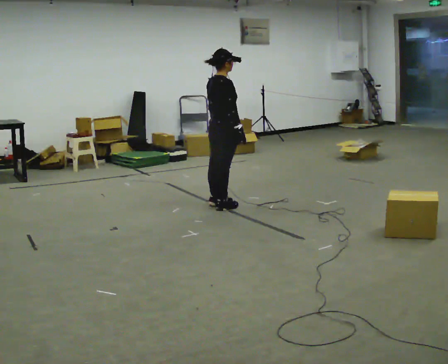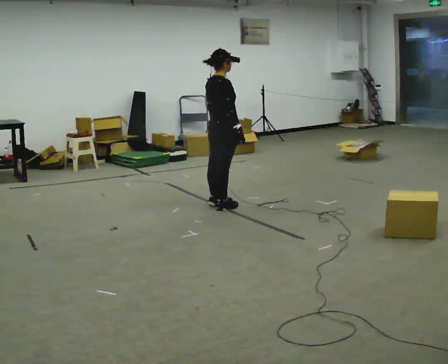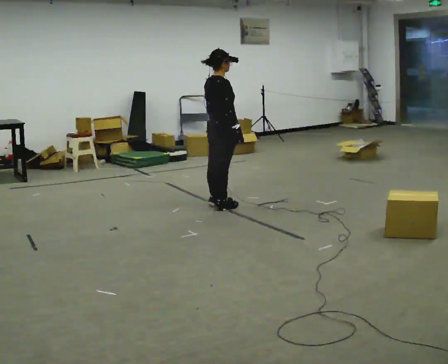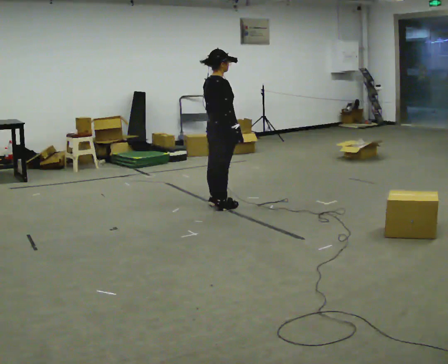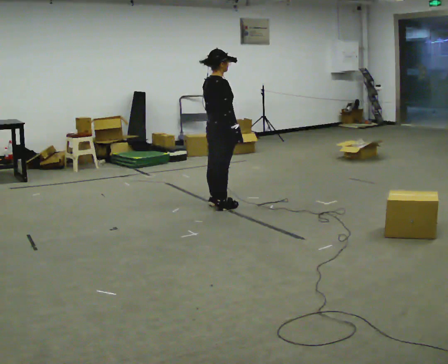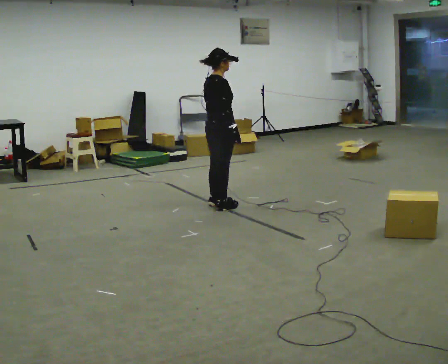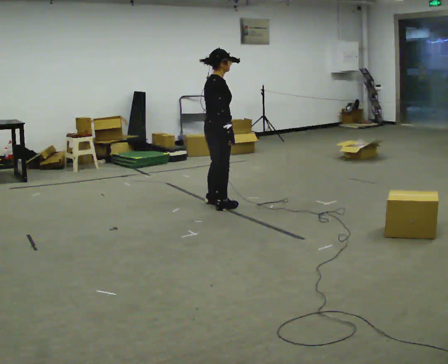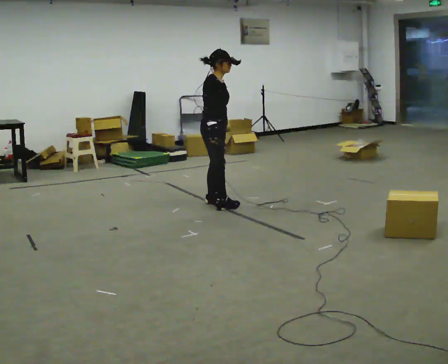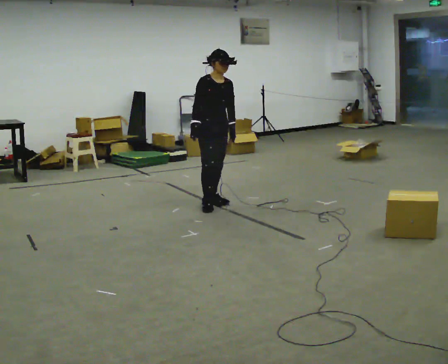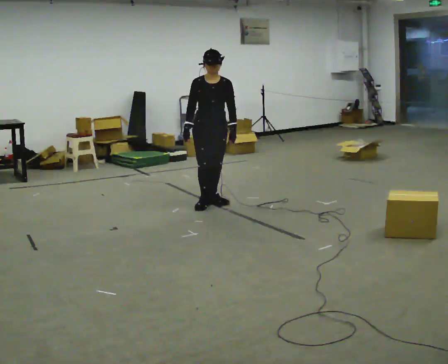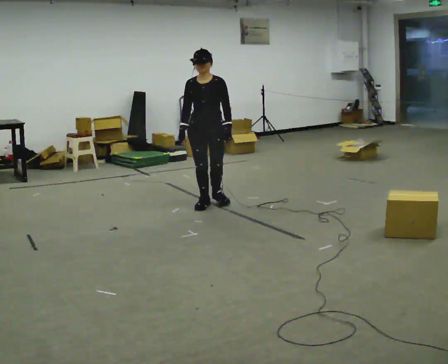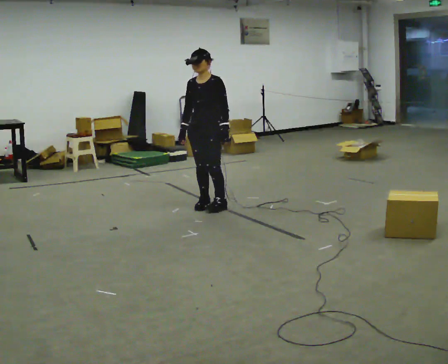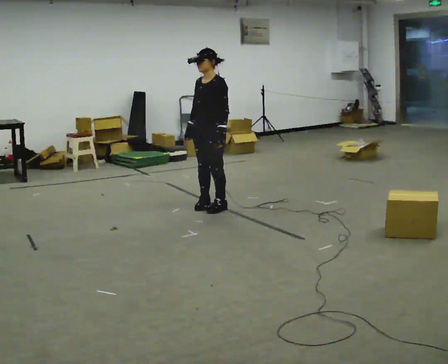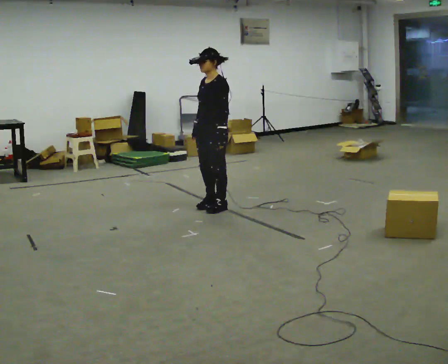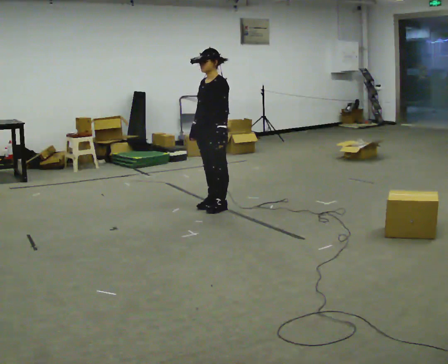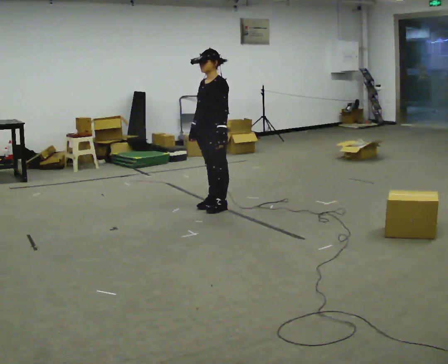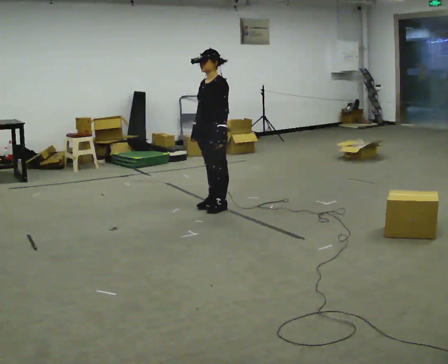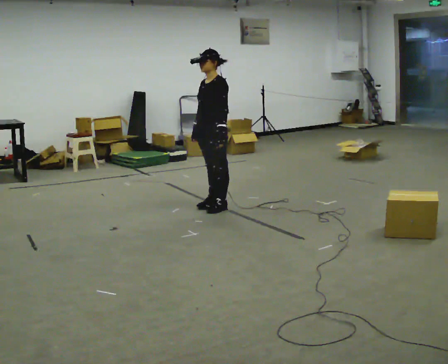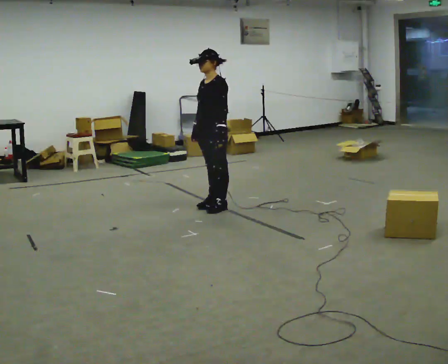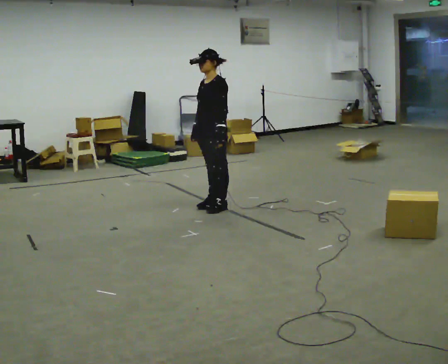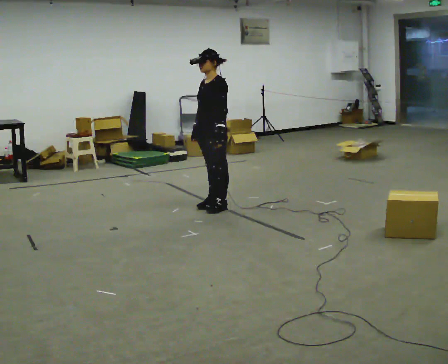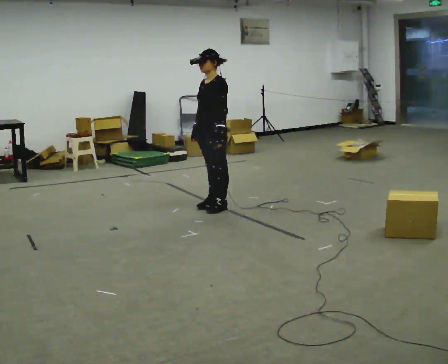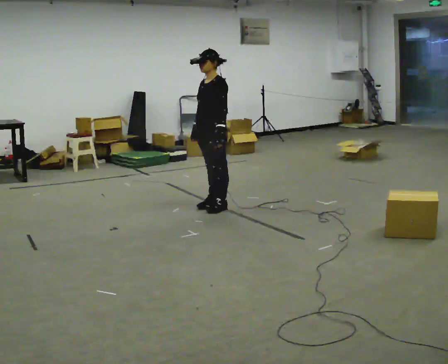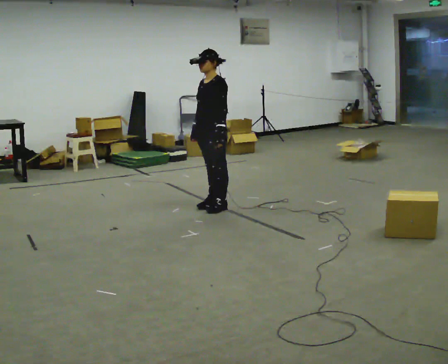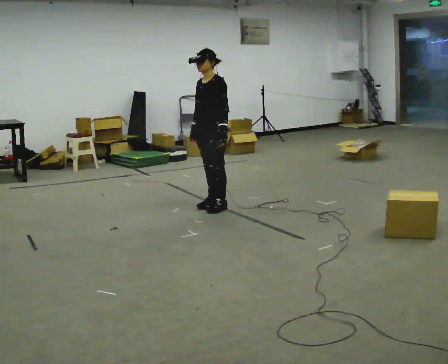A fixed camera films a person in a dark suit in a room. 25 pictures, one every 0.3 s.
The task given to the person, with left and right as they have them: Turn on the spot to face the direction the operator calls, then stand still. The operator will call 90, 180 and 360 degrees and left or right.
0.0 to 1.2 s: The person moves a little, or ends about where they began.
1.2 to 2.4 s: Seen from above the body turns clockwise, about 90 degrees: to their right, with its near side sliding to the left. In the picture their right hand goes to the left, the arm swinging clockwise.
2.4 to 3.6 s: Seen from above the body turns clockwise, about 90 degrees: to their right, with its near side sliding to the left. In the picture they go toward the camera, about 0.25 m in 2 steps.
3.6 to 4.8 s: The person moves a little, or ends about where they began.
4.8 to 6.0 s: The person keeps their place and pose.
6.0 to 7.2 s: The person moves a little, or ends about where they began.
The film runs forward here.
